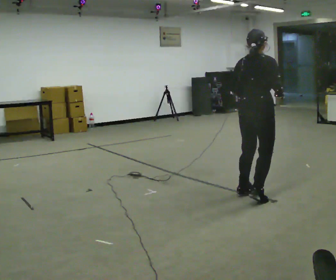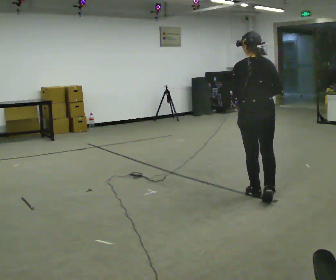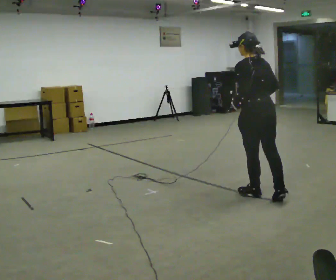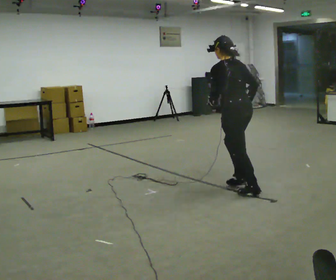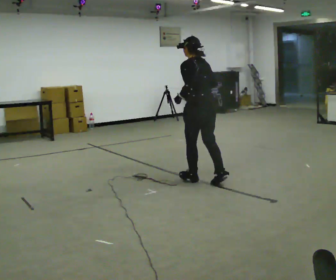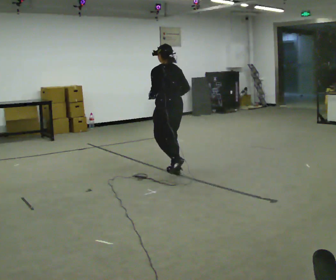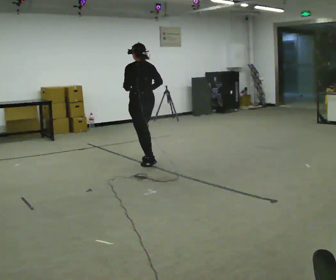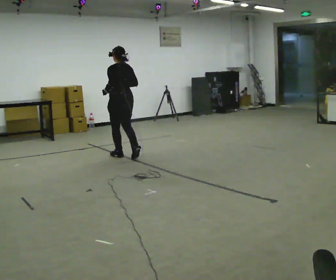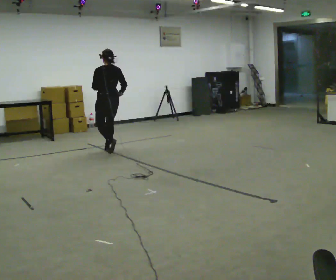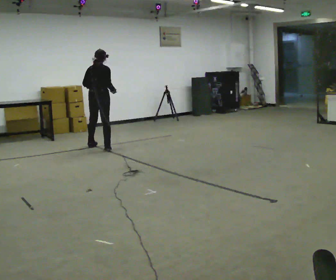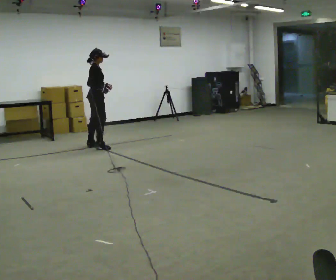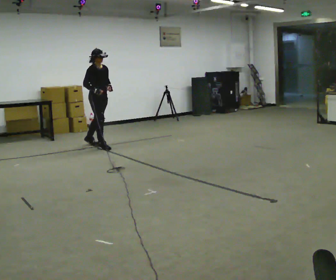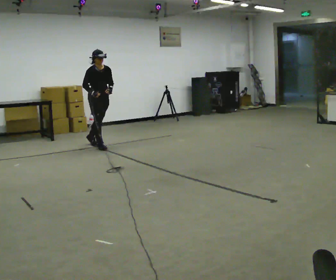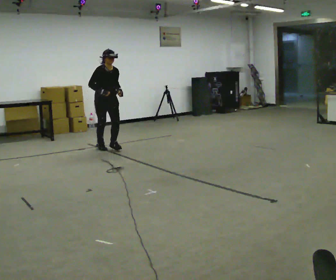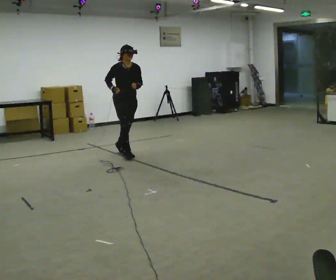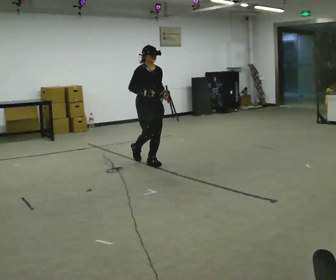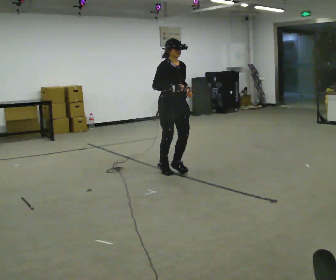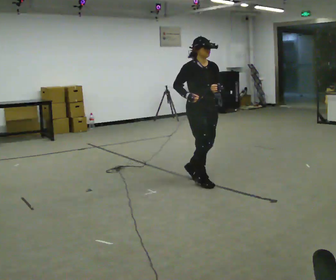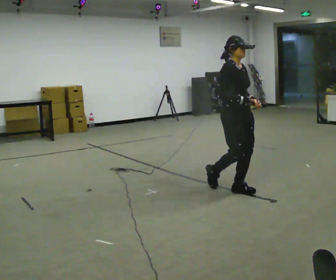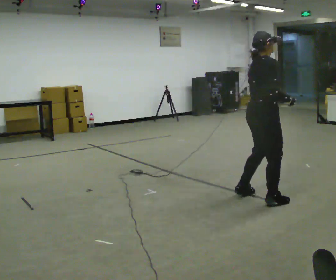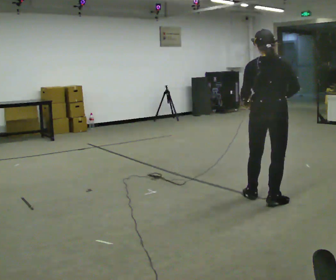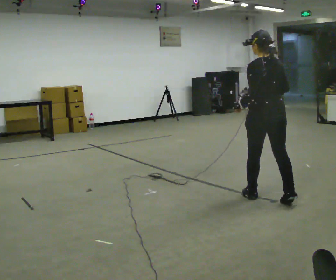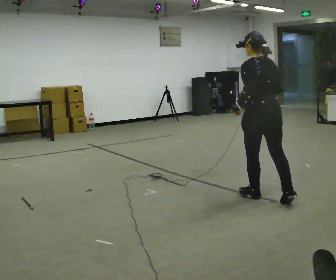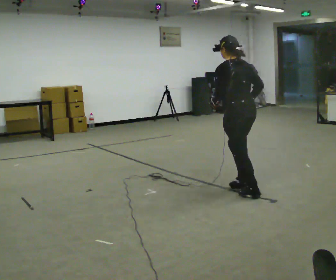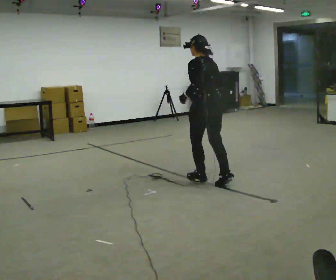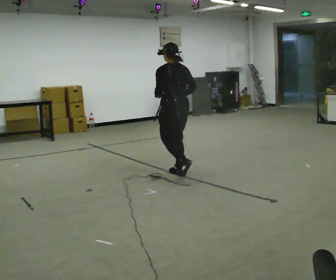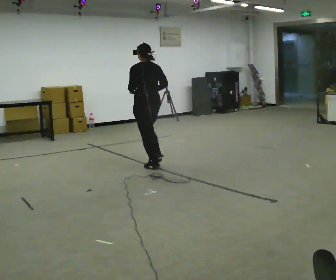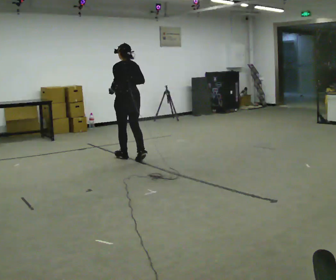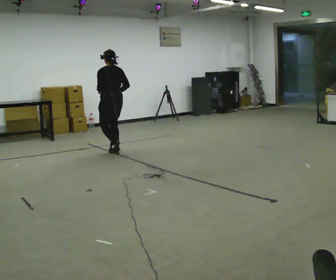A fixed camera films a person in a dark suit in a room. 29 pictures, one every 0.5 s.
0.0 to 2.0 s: The person turns about 75 degrees to their left, counterclockwise seen from above, so the part of the body nearest the lens slides to the right. In the picture they go away from the camera and to the left, about 0.5 m in 3 steps.
2.0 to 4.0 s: In the picture they go away from the camera and to the left, about 2 m in 6 steps, which for them is forward.
4.0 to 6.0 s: Seen from above the body turns clockwise, about 165 degrees: to their right, with its near side sliding to the left. In the picture they go away from the camera, about 0.5 m in 3 steps.
6.0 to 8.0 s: In the picture they go toward the camera and to the right, about 2 m in 4 steps, which for them is forward.
8.0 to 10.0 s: Seen from above the body turns counterclockwise, about 120 degrees: to their left, with its near side sliding to the right. In the picture they go toward the camera and to the right, about 1.5 m in 5 steps.
10.0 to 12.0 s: The person turns about 60 degrees to their left, counterclockwise seen from above, so the part of the body nearest the lens slides to the right. In the picture they go away from the camera and to the left, about 1 m in 2 steps, which for them is forward.
12.0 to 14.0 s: In the picture they go away from the camera and to the left, about 2 m in 6 steps, which for them is forward.
The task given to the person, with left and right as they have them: Run toward the marker, then plant and change direction sharply to the side the operator calls, and keep running.
The film runs forward here.
